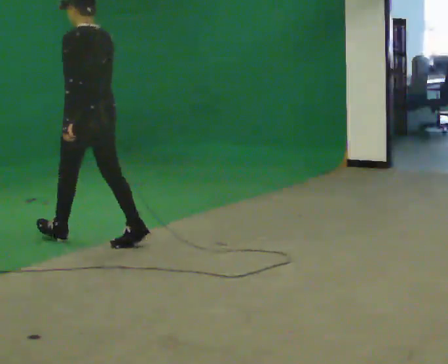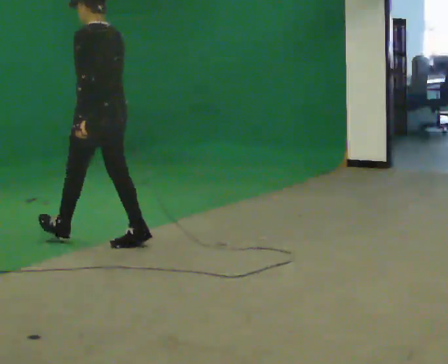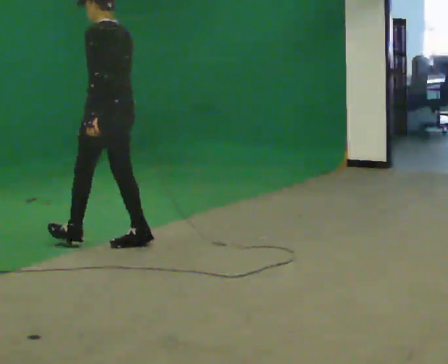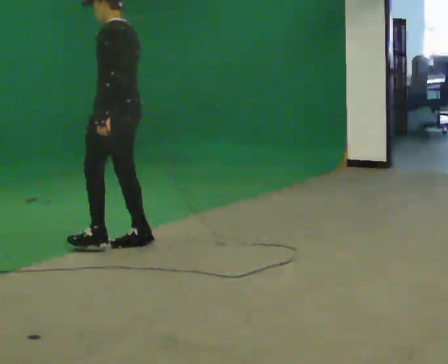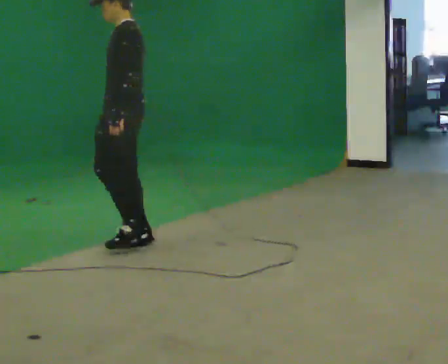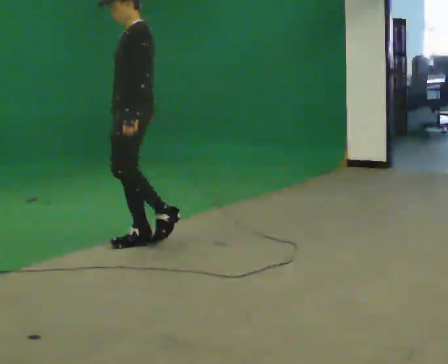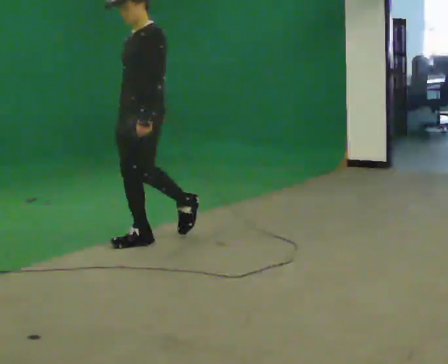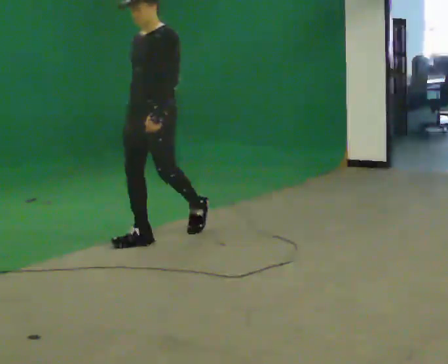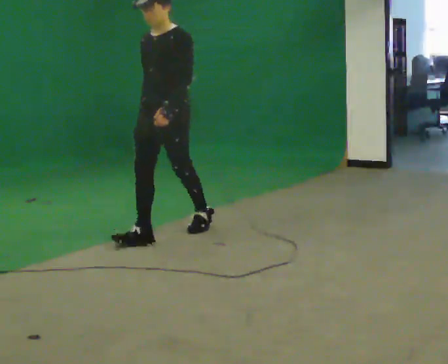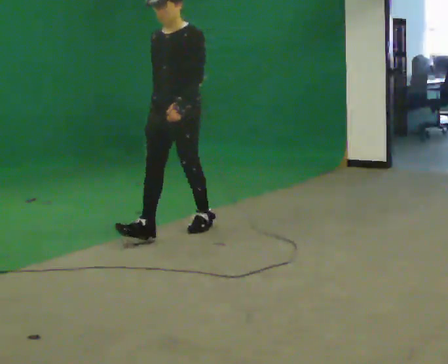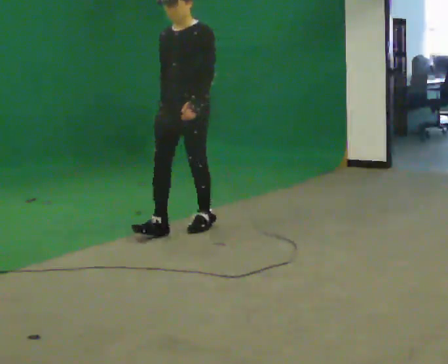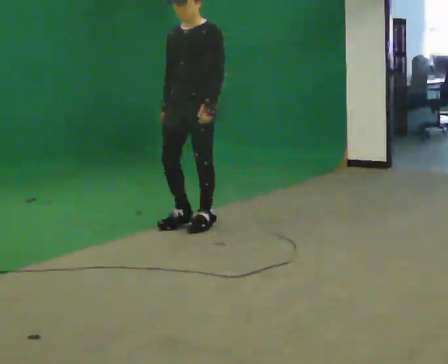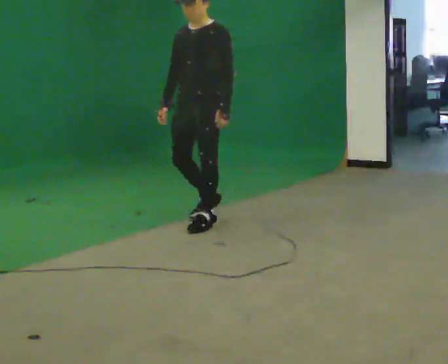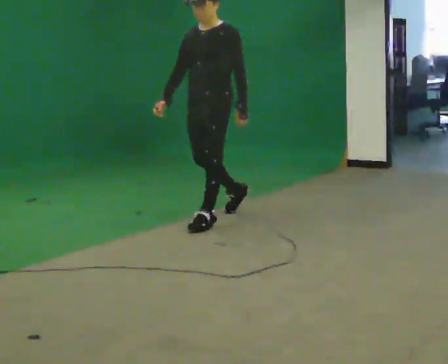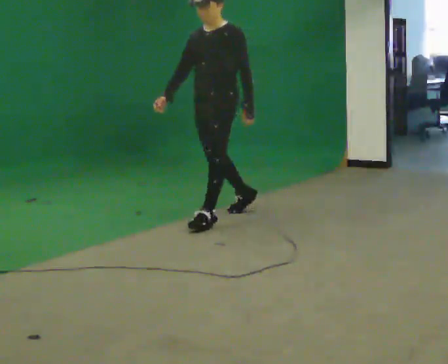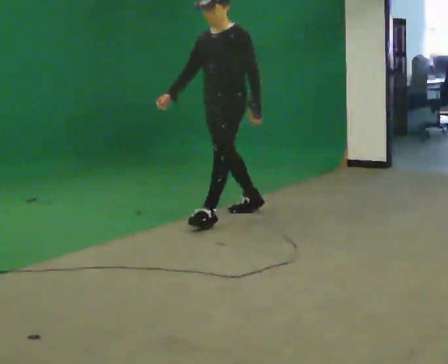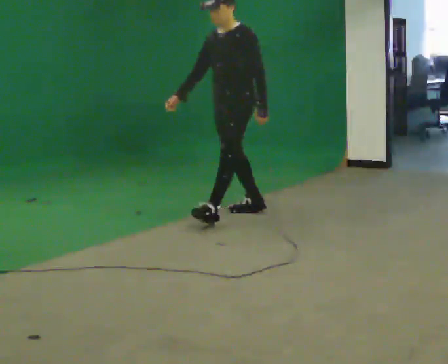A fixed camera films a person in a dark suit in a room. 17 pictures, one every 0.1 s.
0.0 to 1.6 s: The person turns about 75 degrees to their left, counterclockwise seen from above, so the part of the body nearest the lens slides to the right. In the picture they go to the right and away from the camera, about 1 m in 2 steps.
The film runs backward here.
